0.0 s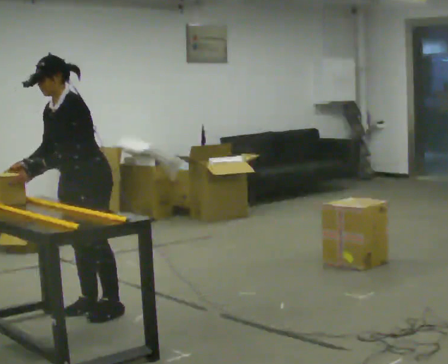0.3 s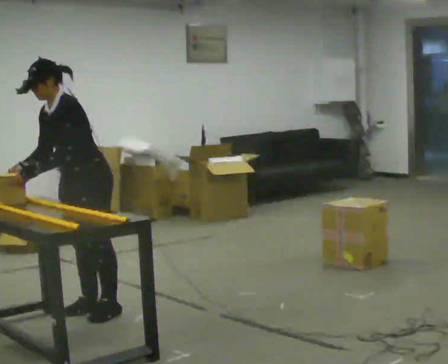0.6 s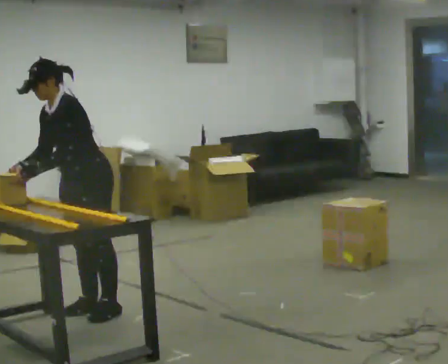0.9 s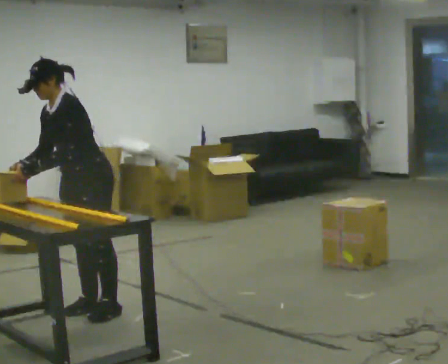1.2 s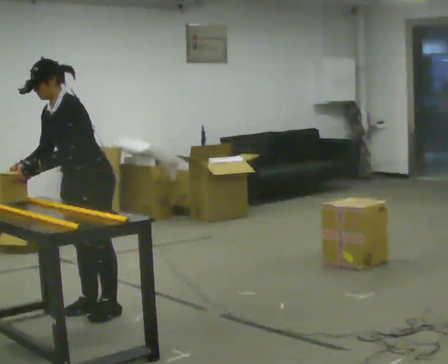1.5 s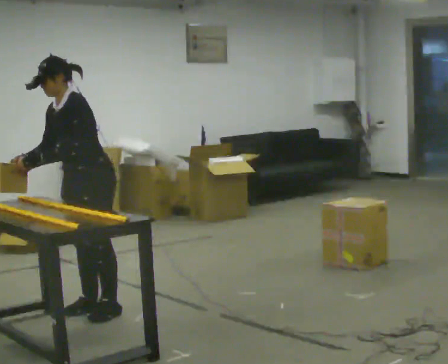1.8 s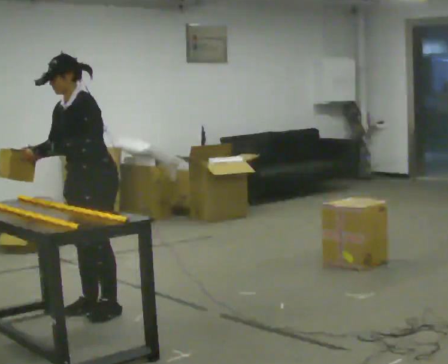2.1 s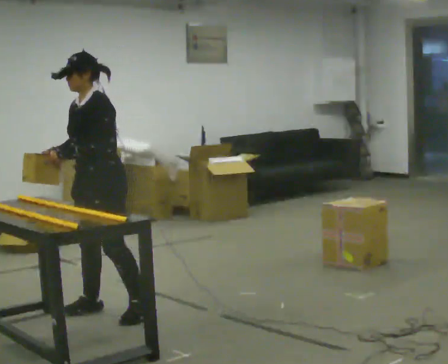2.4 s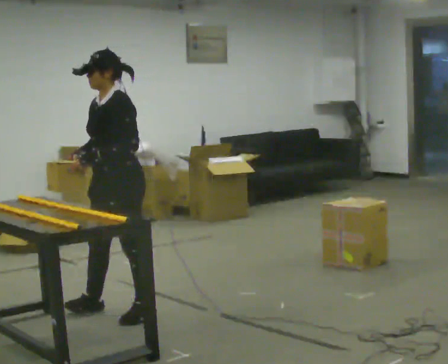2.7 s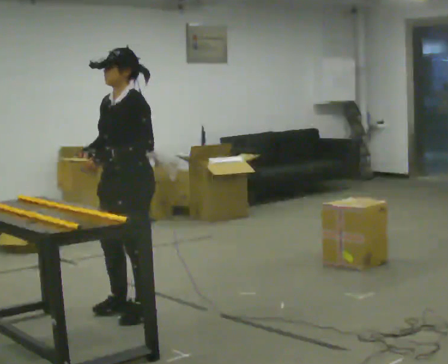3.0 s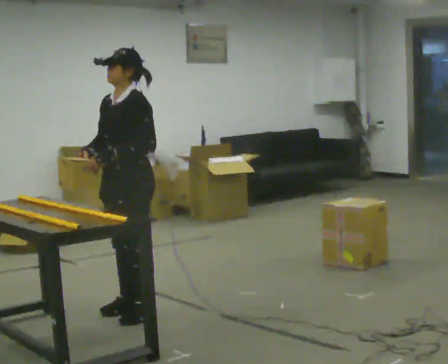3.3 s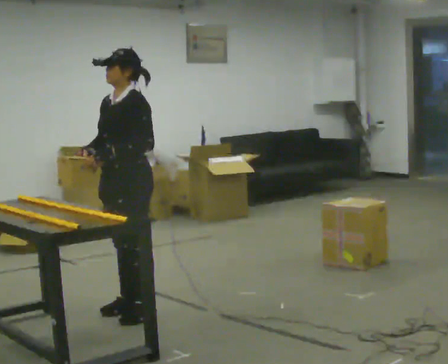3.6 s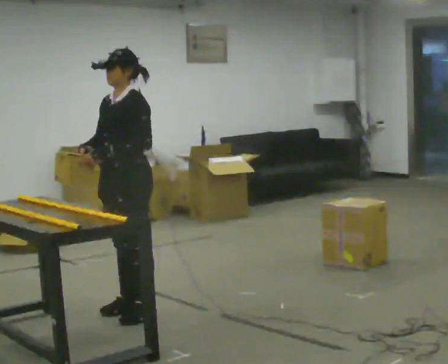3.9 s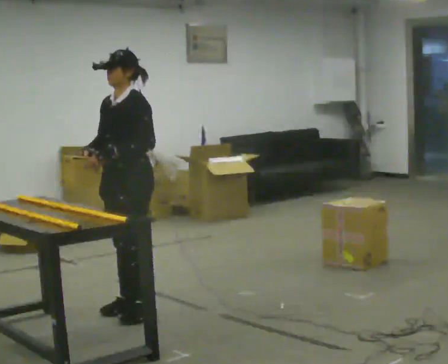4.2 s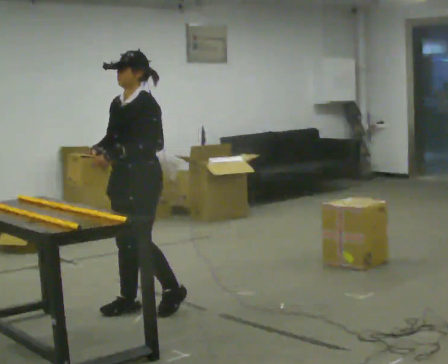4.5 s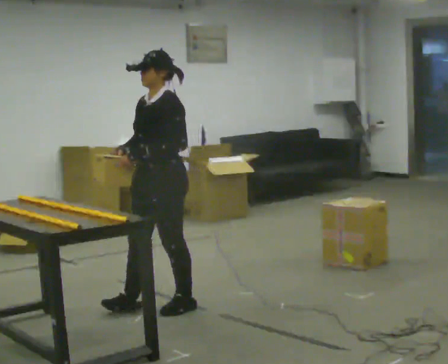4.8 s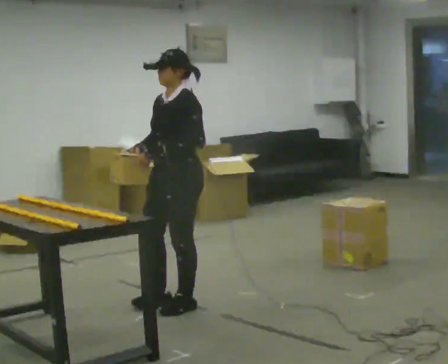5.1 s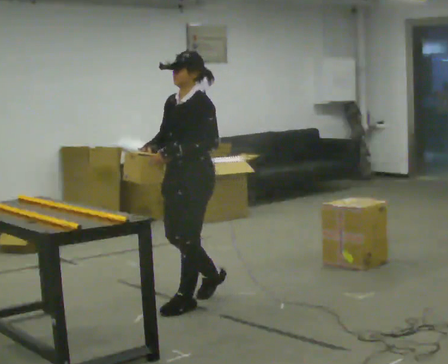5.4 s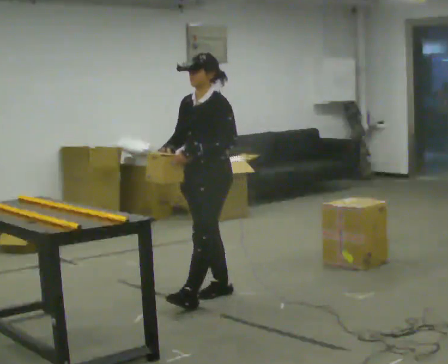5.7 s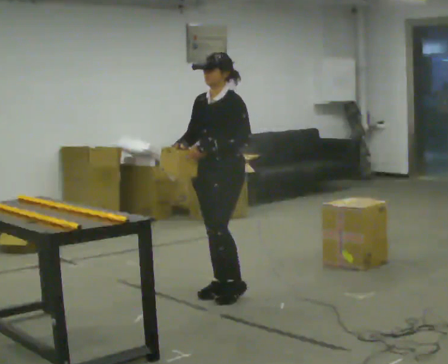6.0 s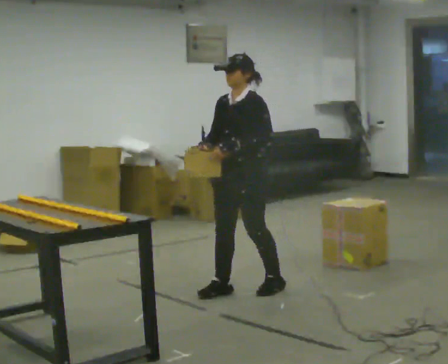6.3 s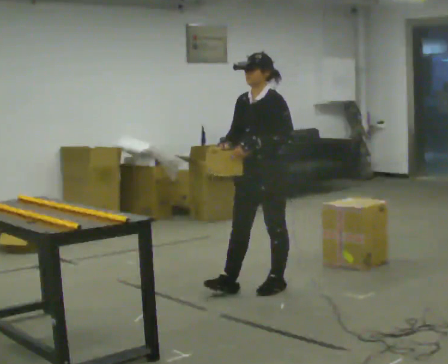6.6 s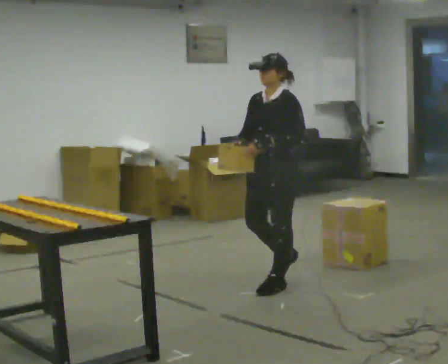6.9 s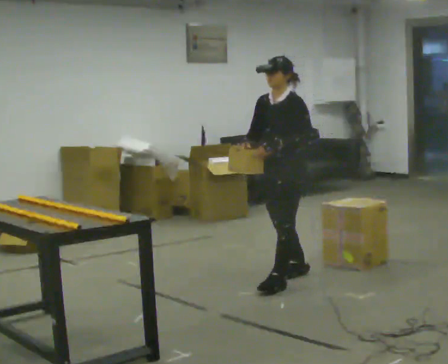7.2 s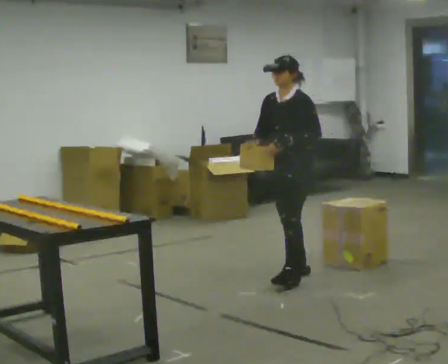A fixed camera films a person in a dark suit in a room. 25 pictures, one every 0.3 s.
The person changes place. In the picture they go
to the right.
0.0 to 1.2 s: The person moves a little, or ends about where they began.
1.2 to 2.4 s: In the picture they go toward the camera and to the right, about 0.25 m in 1 step, which for them is to their left. In the picture the upper body tilts clockwise, shoulders to the right, as they lean back or straighten. In the picture their right hand goes to the right.
2.4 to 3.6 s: The person moves a little, or ends about where they began.
3.6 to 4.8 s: In the picture they go to the right, about 0.25 m in 2 steps, which for them is backward.
4.8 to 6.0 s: In the picture they go to the right, about 0.5 m in 1 step, which for them is backward.
6.0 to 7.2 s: In the picture they go to the right and away from the camera, about 0.5 m in 2 steps, which for them is backward.
The film runs backward here.
